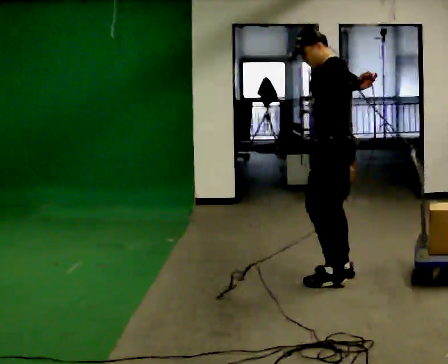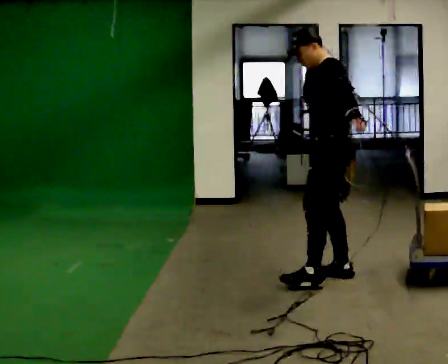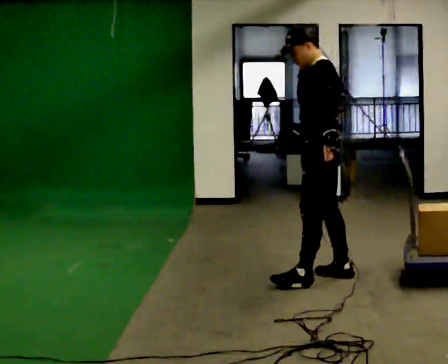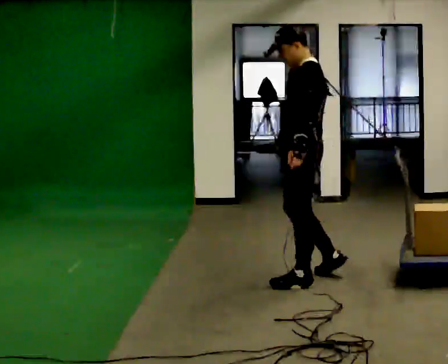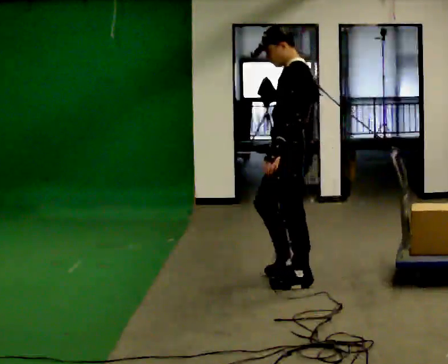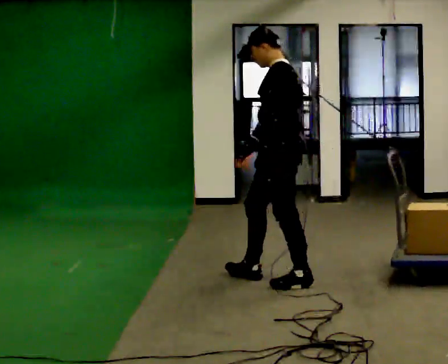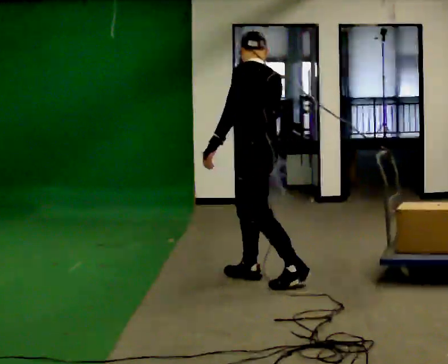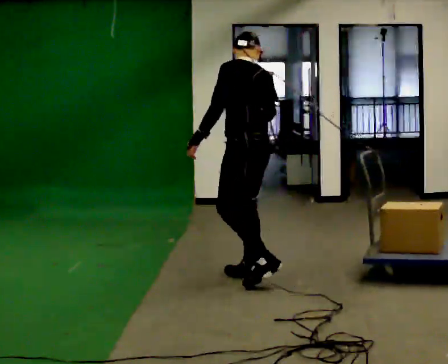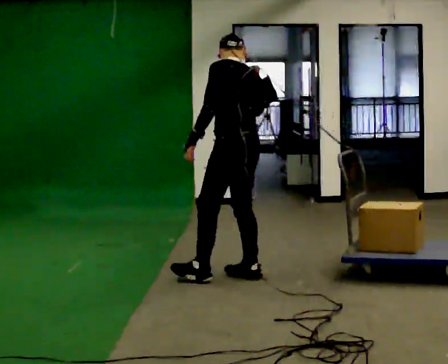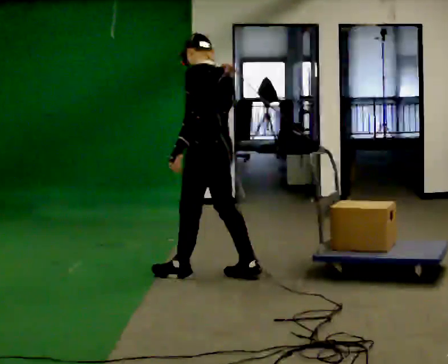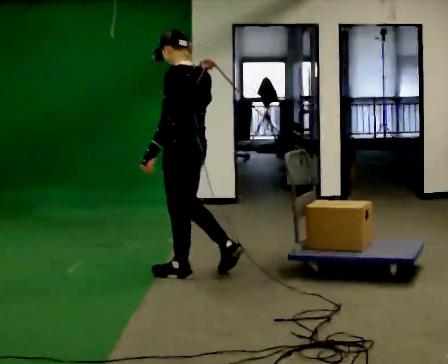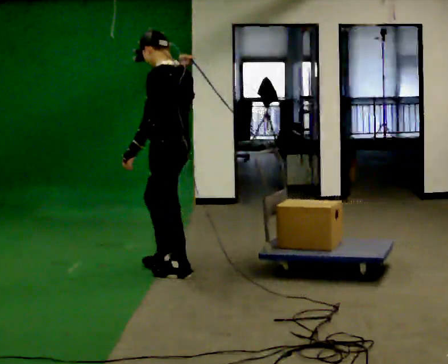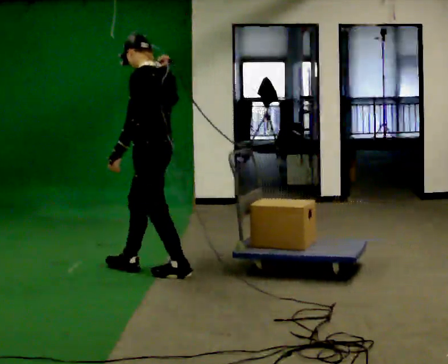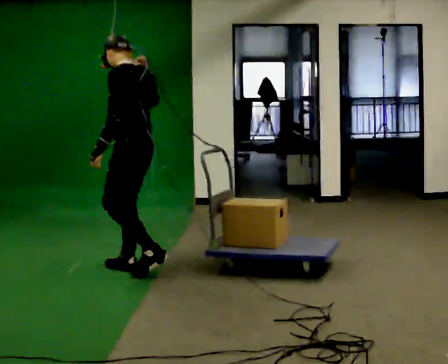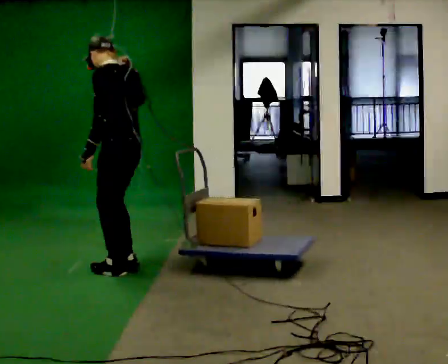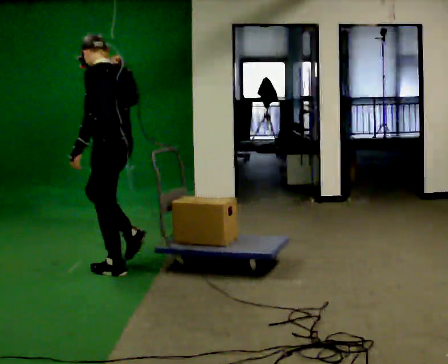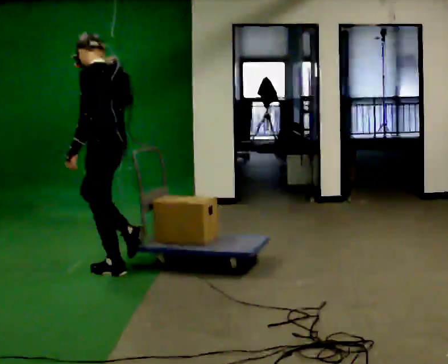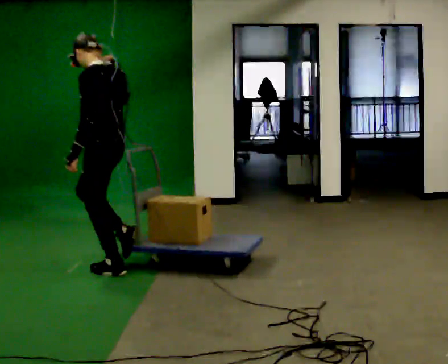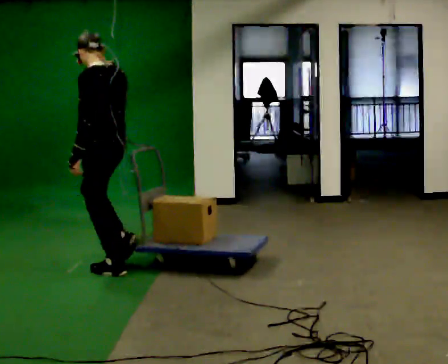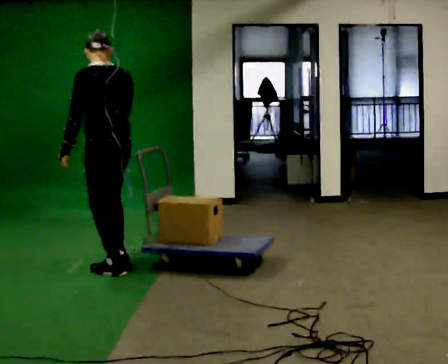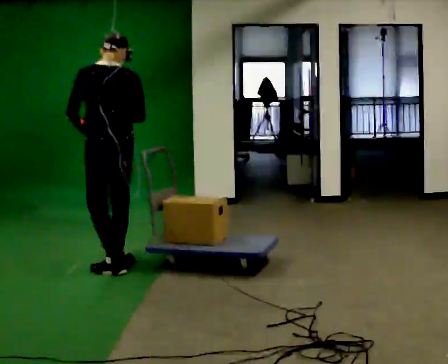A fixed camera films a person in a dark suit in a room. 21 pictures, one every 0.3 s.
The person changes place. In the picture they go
to the left.
0.0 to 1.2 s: In the picture they go to the left, about 0.25 m in 1 step, which for them is forward and to their left. In the picture their left hand goes downward.
1.2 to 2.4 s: The person turns about 30 degrees to their right, clockwise seen from above, so the part of the body nearest the lens slides to the left. In the picture they go to the left and away from the camera, about 0.5 m in 1 step, which for them is forward.
2.4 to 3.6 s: The person turns about 30 degrees to their left, counterclockwise seen from above, so the part of the body nearest the lens slides to the right. In the picture they go to the left, about 0.5 m in 2 steps, which for them is forward.
3.6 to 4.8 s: In the picture they go to the left, about 0.25 m in 1 step, which for them is forward.
4.8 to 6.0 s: Seen from above the body turns clockwise, about 45 degrees: to their right, with its near side sliding to the left.
The film runs forward here.
